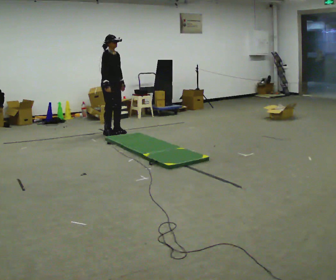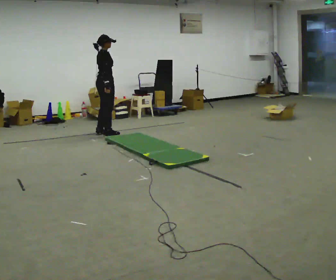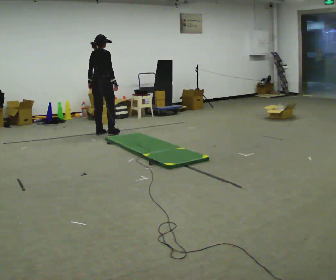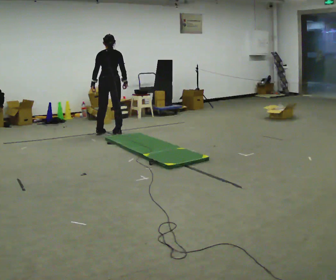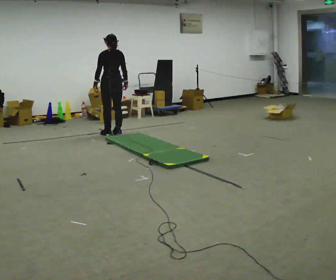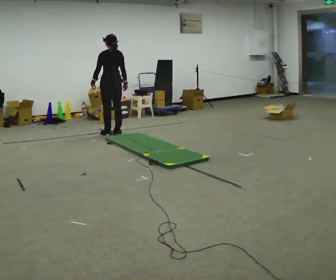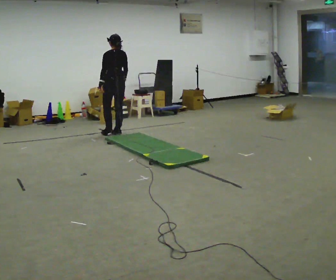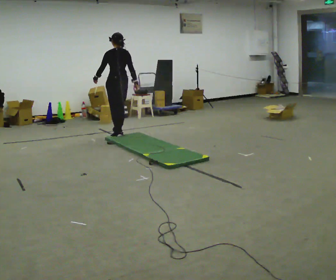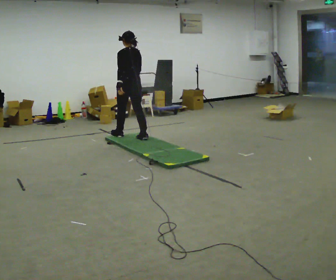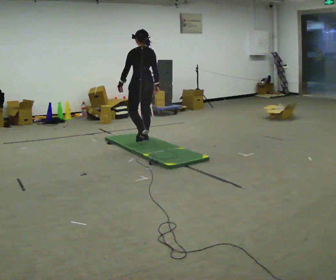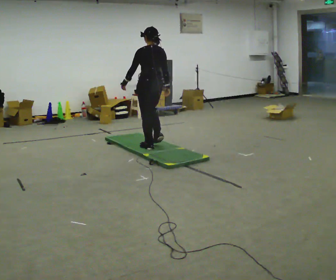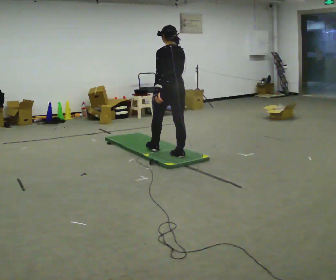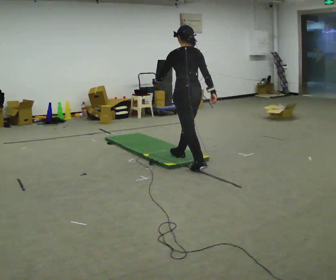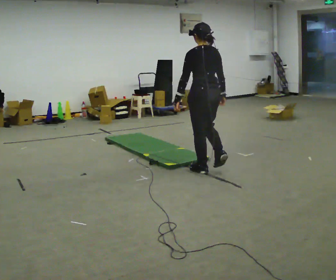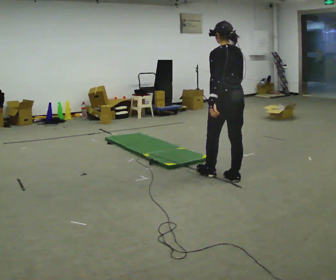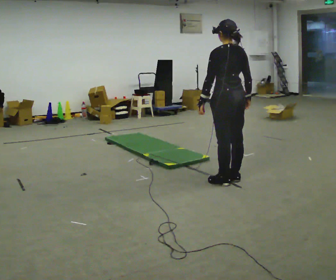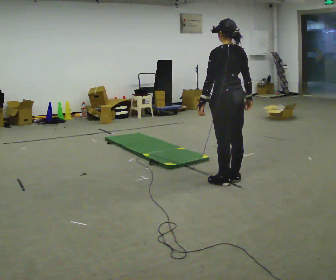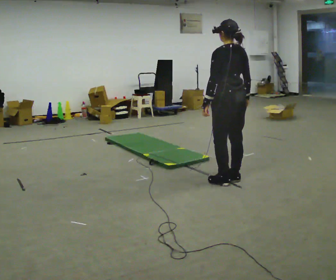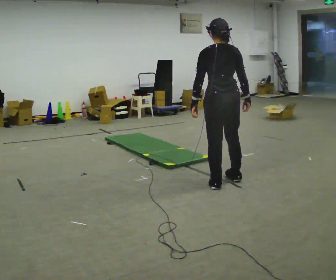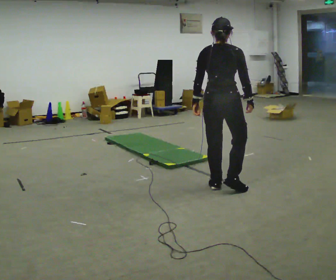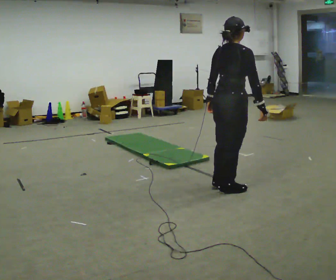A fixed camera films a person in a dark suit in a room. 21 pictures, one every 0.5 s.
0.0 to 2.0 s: Seen from above the body turns counterclockwise, about 135 degrees: to their left, with its near side sliding to the right. In the picture their right hand goes to the right.
2.0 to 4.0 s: In the picture they go toward the camera and to the right, about 0.5 m in 2 steps, which for them is backward.
4.0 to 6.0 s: In the picture they go toward the camera and to the right, about 1.5 m in 3 steps, which for them is backward.
6.0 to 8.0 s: In the picture they go toward the camera and to the right, about 0.5 m in 2 steps, which for them is backward.
8.0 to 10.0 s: Seen from above the body turns clockwise, about 90 degrees: to their right, with its near side sliding to the left. In the picture they go toward the camera, about 0.25 m in 1 step.
The film runs backward here.
